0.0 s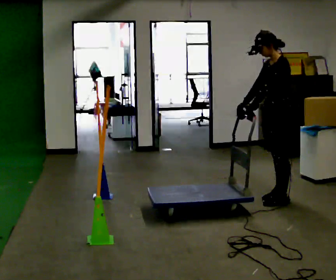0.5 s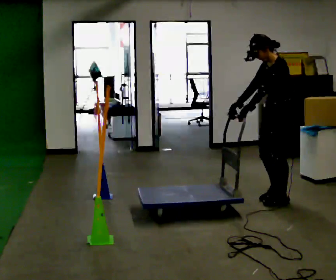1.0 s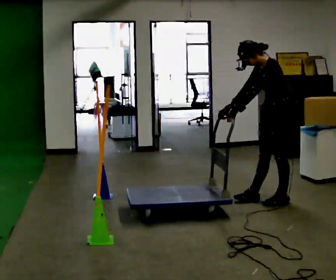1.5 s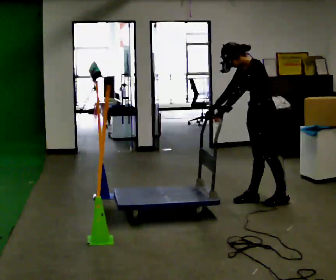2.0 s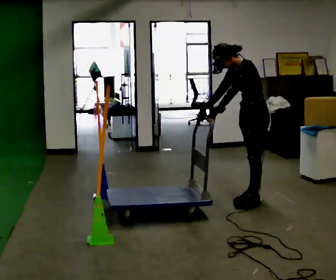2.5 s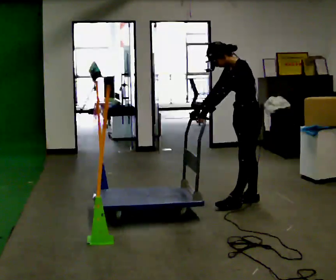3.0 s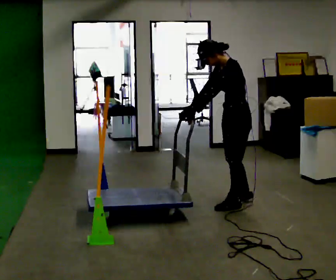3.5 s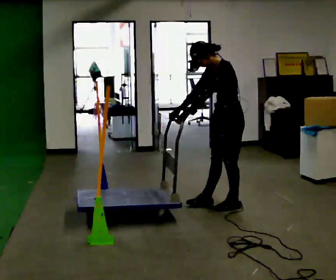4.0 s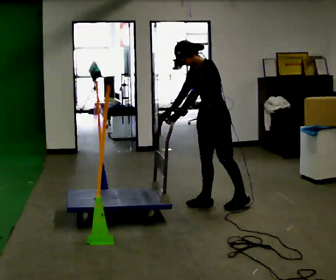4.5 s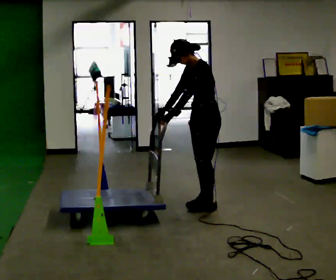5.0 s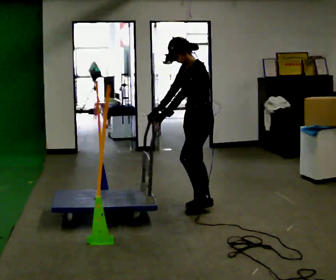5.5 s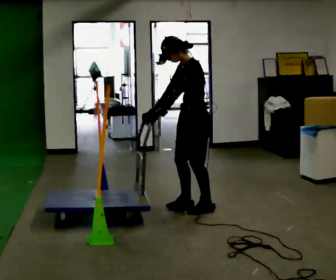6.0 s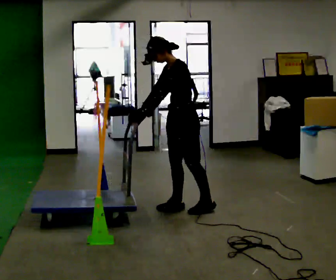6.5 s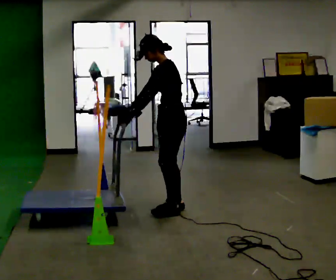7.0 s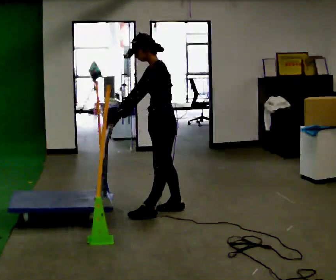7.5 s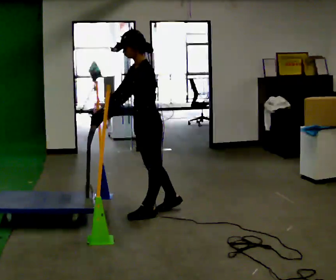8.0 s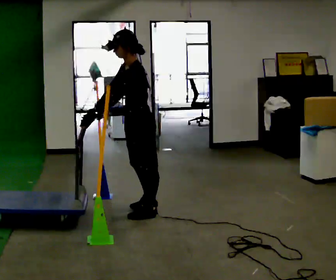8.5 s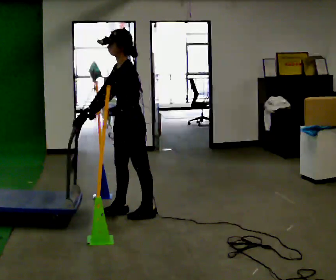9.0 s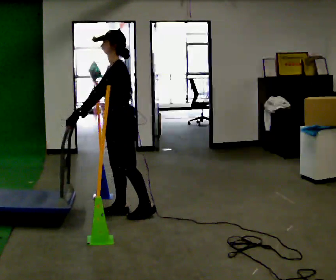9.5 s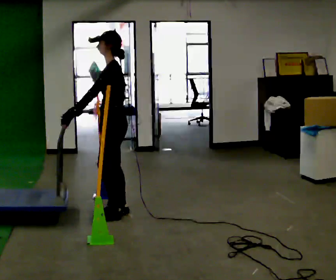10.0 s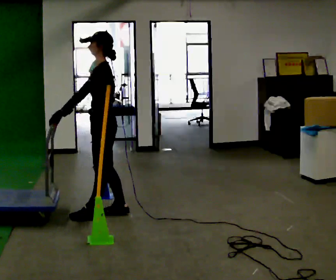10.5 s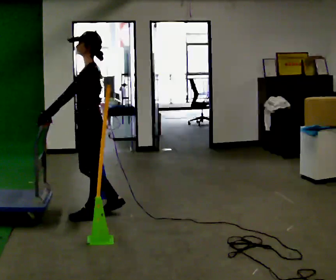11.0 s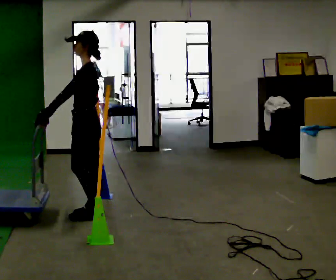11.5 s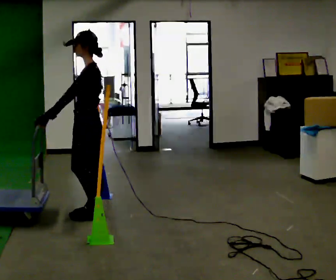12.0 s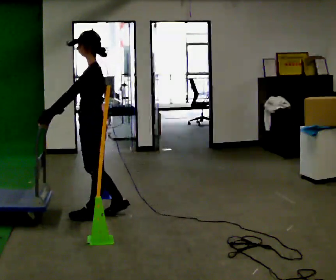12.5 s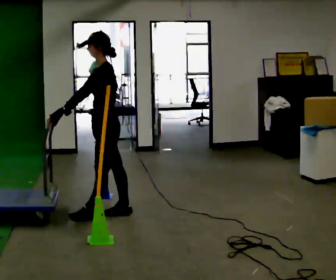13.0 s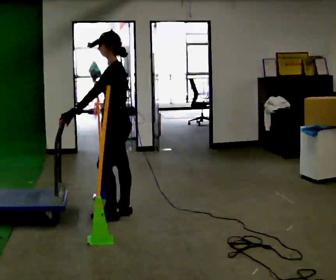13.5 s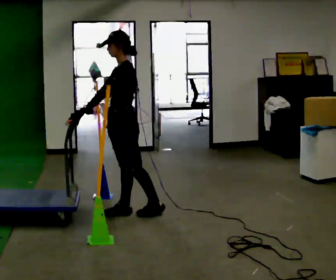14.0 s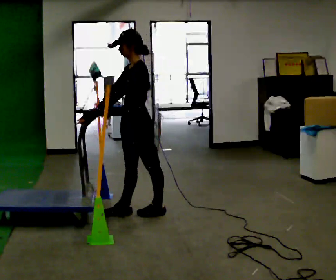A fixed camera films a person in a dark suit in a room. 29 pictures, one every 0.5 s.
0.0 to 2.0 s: In the picture they go to the left, about 0.25 m in 2 steps, which for them is forward. In the picture the upper body tilts counterclockwise, shoulders to the left, as they bend forward. In the picture their right hand goes to the left.
2.0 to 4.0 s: In the picture they go to the left, about 0.5 m in 1 step, which for them is forward.
4.0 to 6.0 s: In the picture they go to the left, about 0.25 m in 2 steps, which for them is forward.
6.0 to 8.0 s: In the picture they go to the left and toward the camera, about 0.5 m in 2 steps, which for them is forward.
8.0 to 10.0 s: In the picture they go to the left, about 0.25 m in 1 step, which for them is forward.
10.0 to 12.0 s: The person moves a little, or ends about where they began.
12.0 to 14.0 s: In the picture they go to the right, about 0.5 m in 1 step, which for them is backward.
The film runs backward here.
